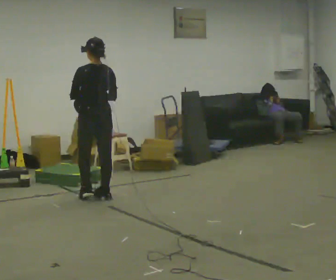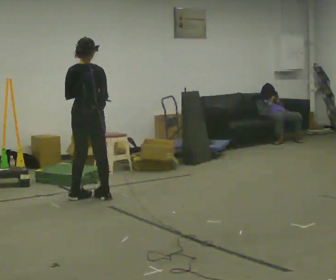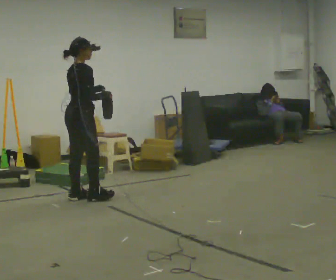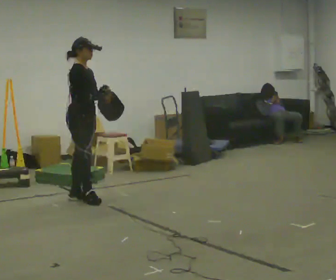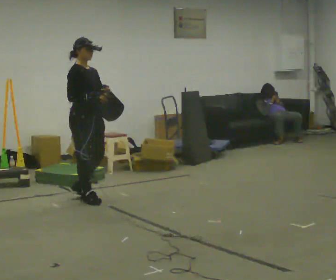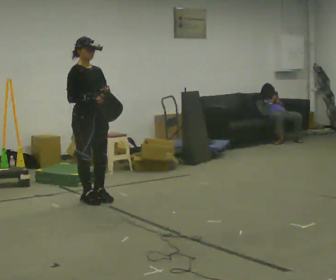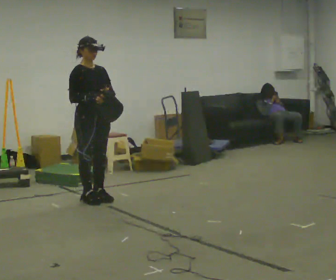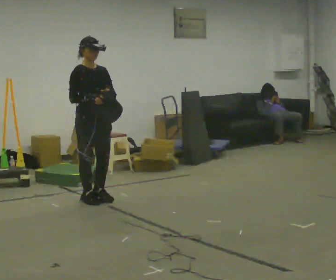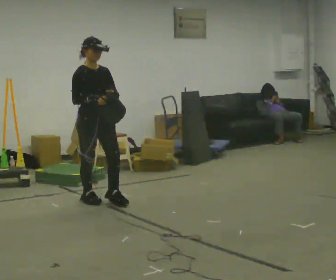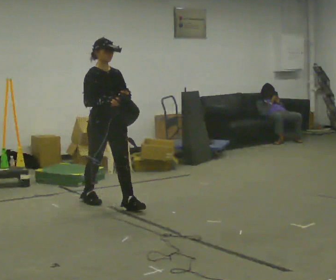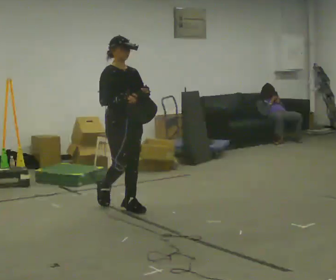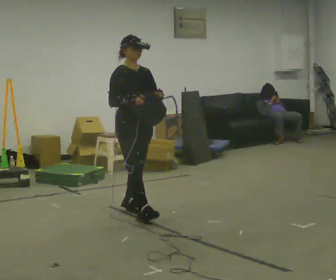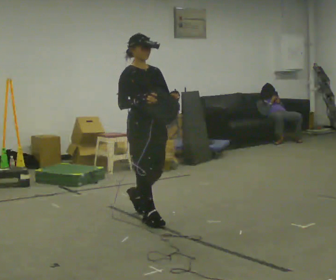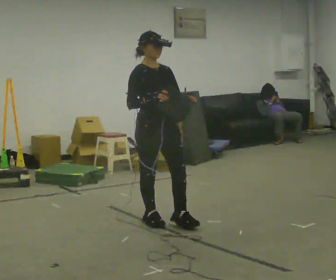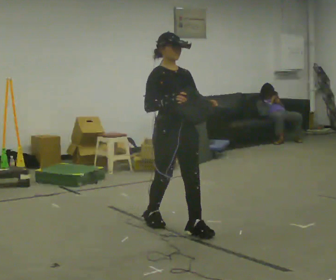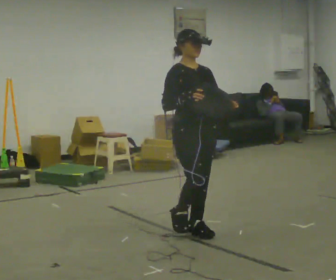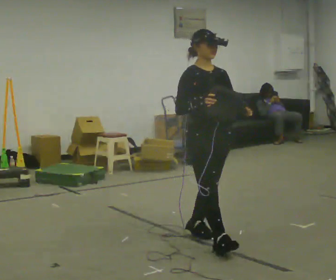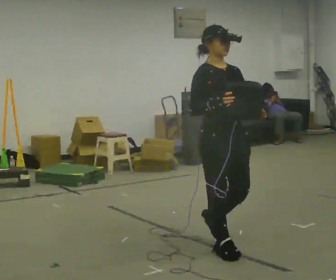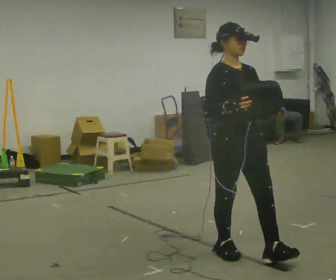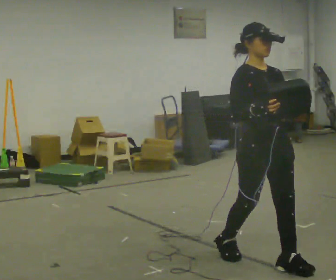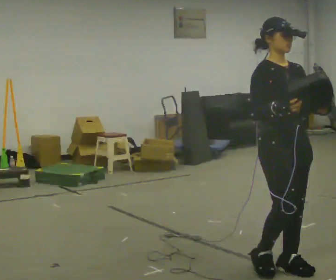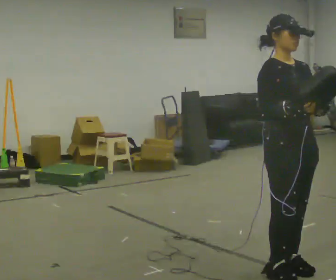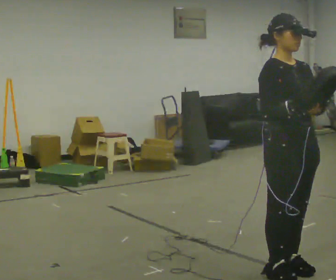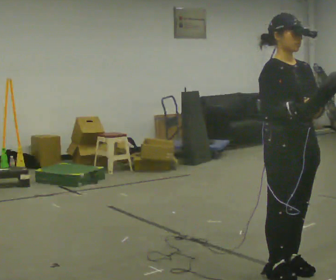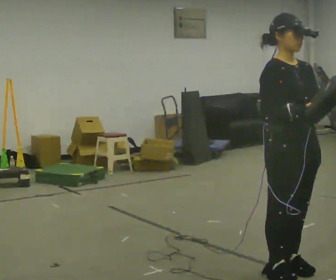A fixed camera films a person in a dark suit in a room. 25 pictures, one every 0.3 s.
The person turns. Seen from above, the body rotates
clockwise.
The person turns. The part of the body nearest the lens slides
to the left.
0.0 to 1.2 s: The part of the body nearest the lens slides to the left as the person turns to their right by about 135 degrees. In the picture they go toward the camera, about 0.25 m in 2 steps.
1.2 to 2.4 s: The person moves a little, or ends about where they began.
2.4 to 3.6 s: In the picture they go toward the camera and to the right, about 1 m in 2 steps, which for them is forward.
3.6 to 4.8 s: In the picture they go toward the camera and to the right, about 1 m in 1 step, which for them is forward.
4.8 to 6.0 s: In the picture they go toward the camera and to the right, about 1 m in 2 steps, which for them is forward.
6.0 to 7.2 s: The person moves a little, or ends about where they began.
The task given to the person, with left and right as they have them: Carry the bag and, while walking, undo the buckle or zip, then do it up again. Keep repeating as you walk. Do not stop.
The film runs forward here.
